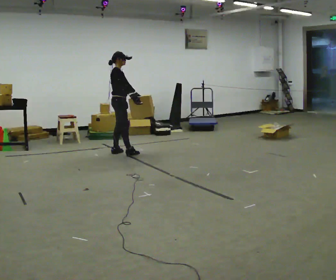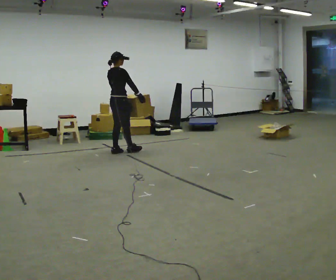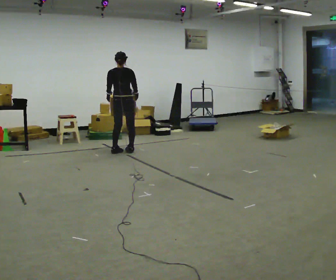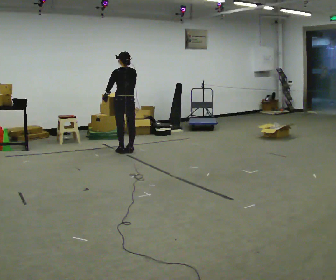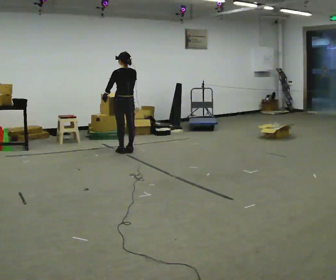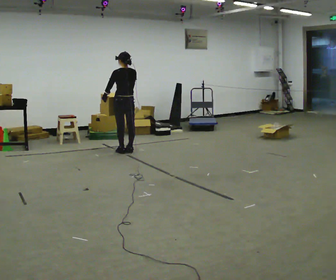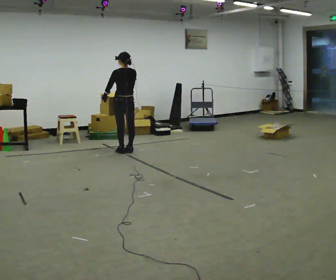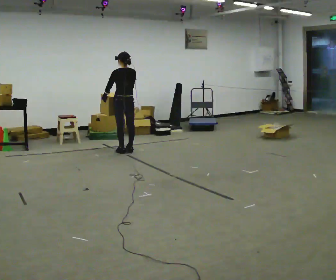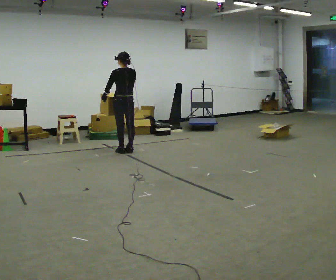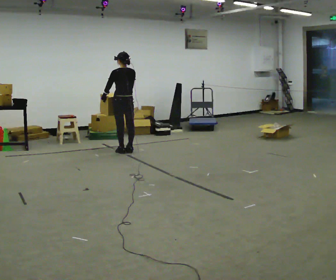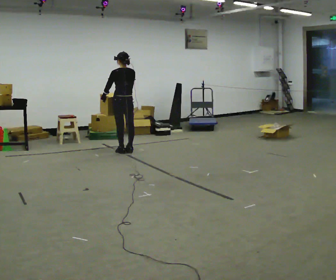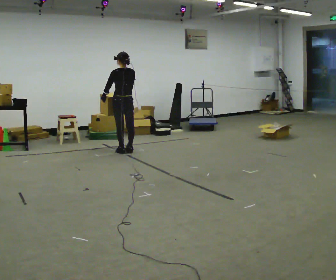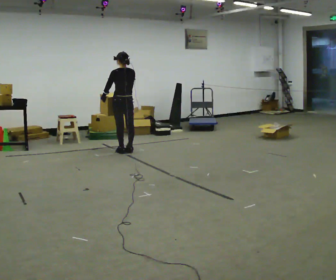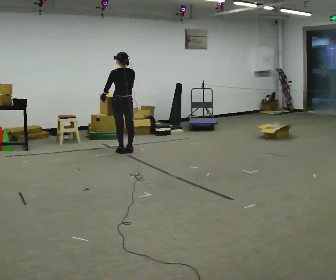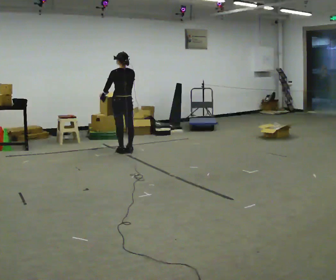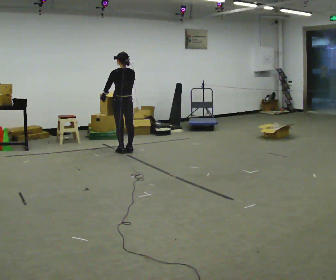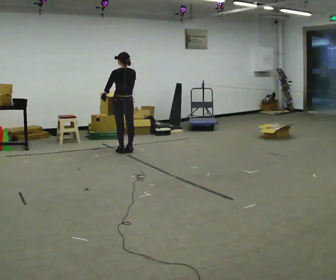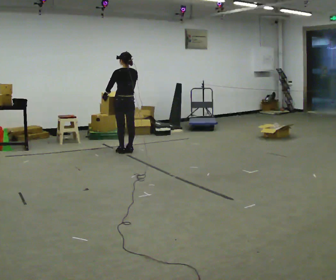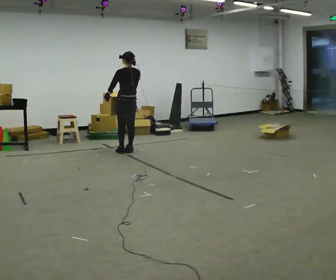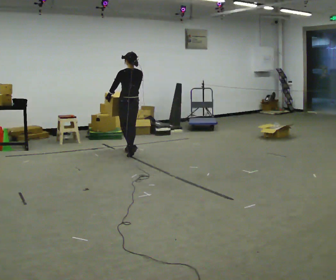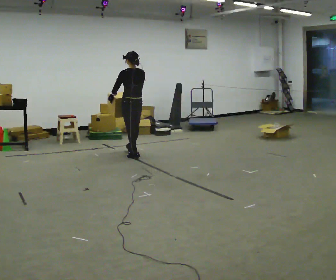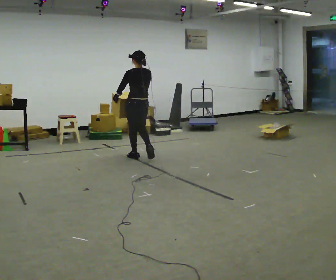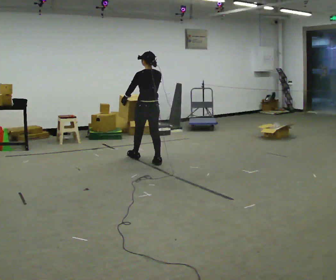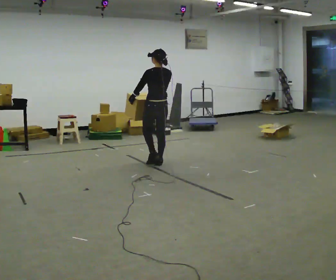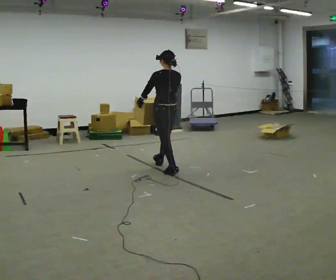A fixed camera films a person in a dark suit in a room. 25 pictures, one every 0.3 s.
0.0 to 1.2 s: Seen from above the body turns counterclockwise, about 120 degrees: to their left, with its near side sliding to the right.
1.2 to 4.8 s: The person keeps their place and pose.
4.8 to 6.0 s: In the picture they go toward the camera and to the right, about 0.25 m in 2 steps, which for them is backward.
6.0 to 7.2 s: In the picture they go toward the camera and to the right, about 1 m in 2 steps, which for them is backward.
The film runs backward here.
